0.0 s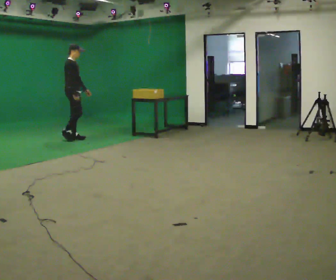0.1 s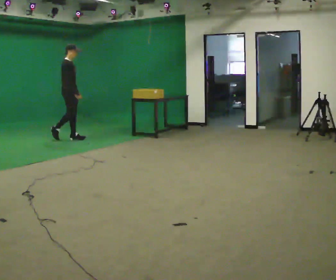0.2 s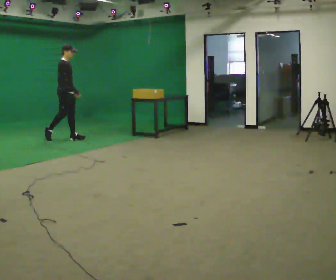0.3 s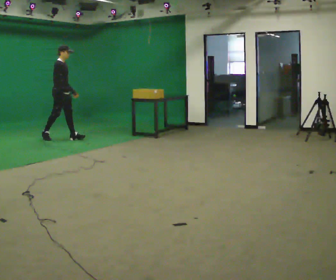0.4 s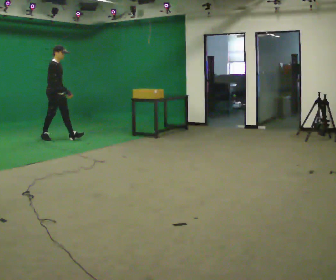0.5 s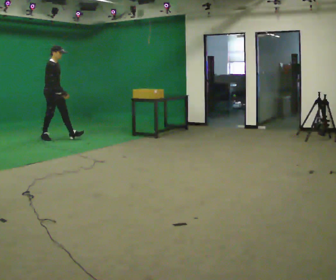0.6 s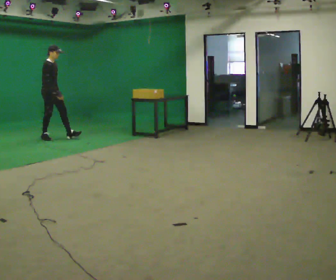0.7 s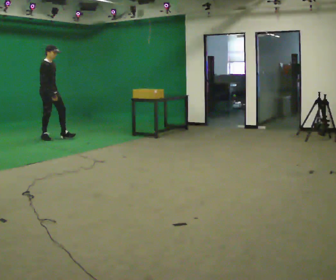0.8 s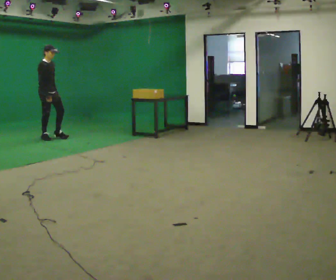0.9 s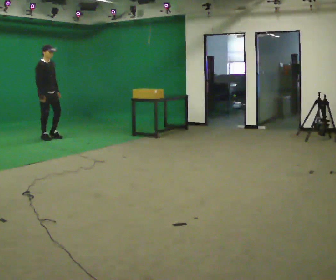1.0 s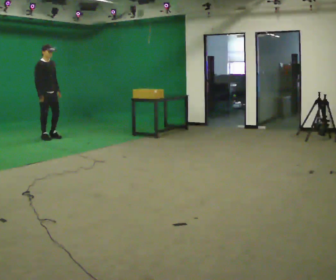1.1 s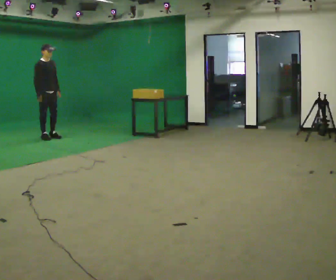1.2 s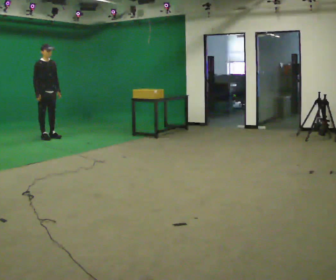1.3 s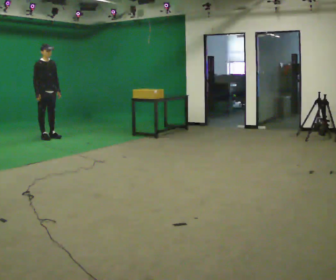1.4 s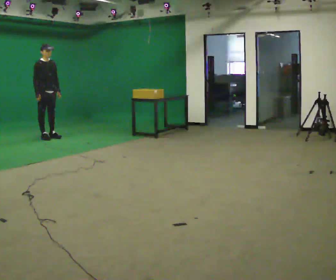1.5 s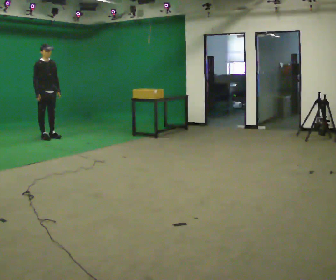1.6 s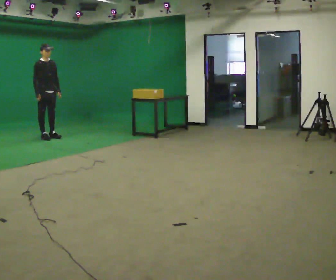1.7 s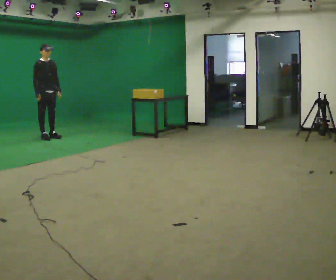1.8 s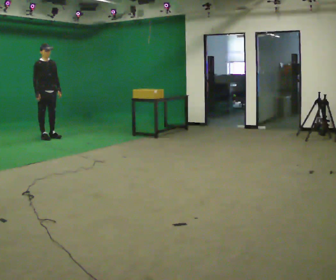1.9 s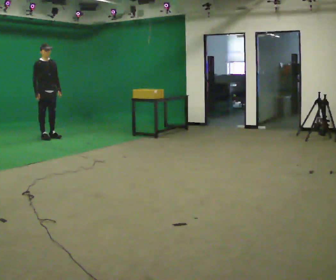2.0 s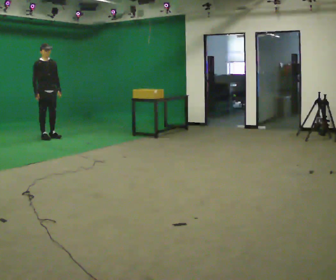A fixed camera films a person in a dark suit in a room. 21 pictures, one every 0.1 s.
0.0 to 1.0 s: The part of the body nearest the lens slides to the left as the person turns to their right by about 30 degrees. In the picture they go to the left, about 0.5 m in 1 step, which for them is backward.
1.0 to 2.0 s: The person moves a little, or ends about where they began.
The film runs backward here.
